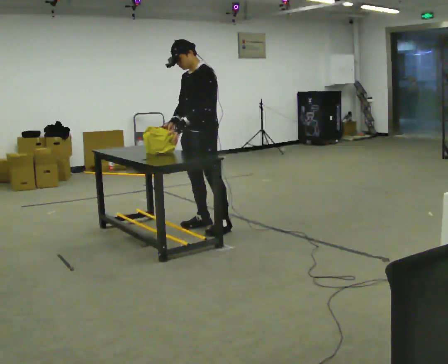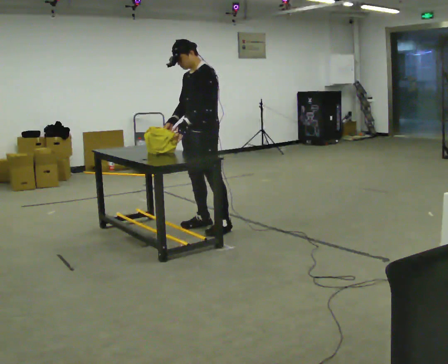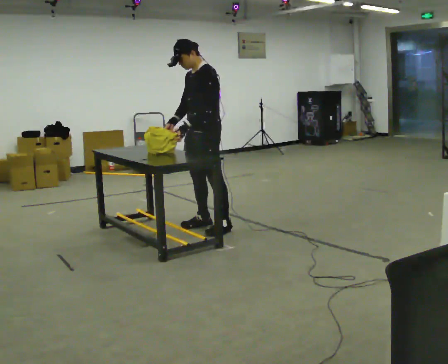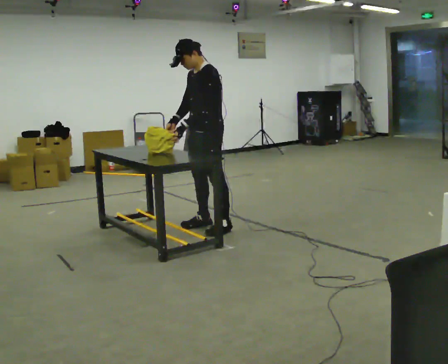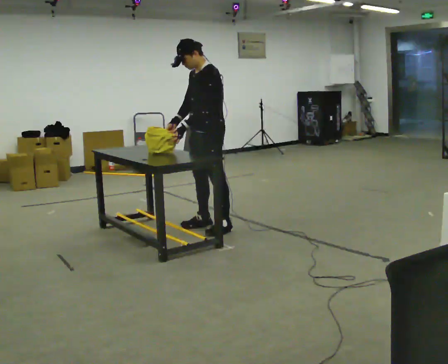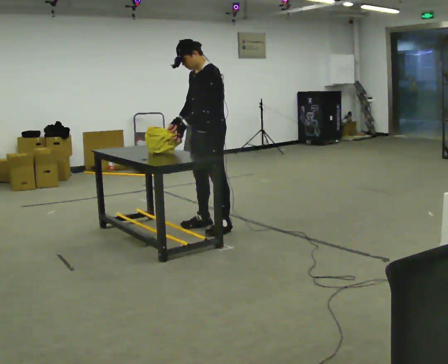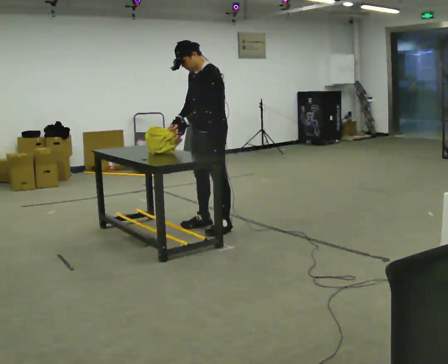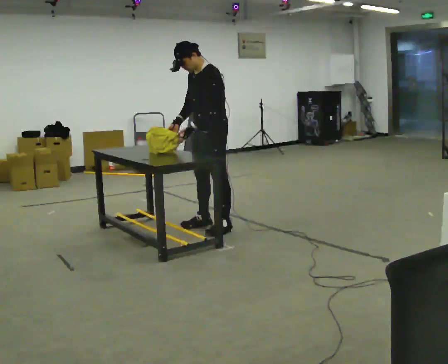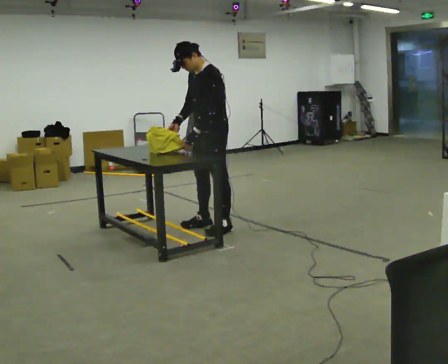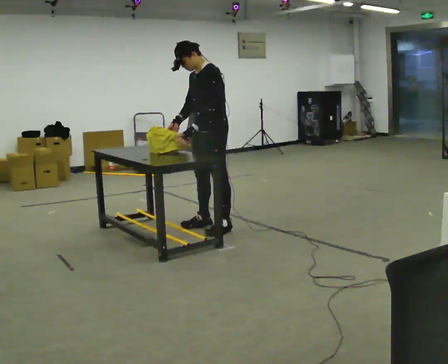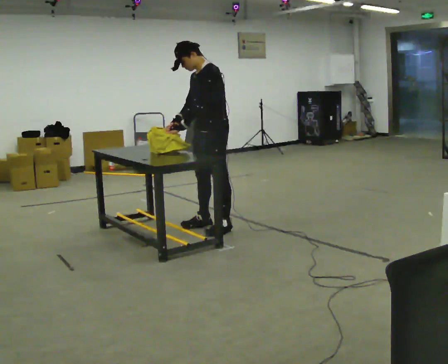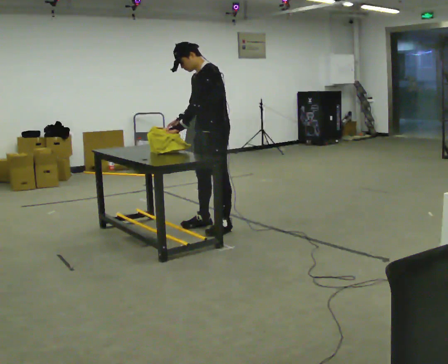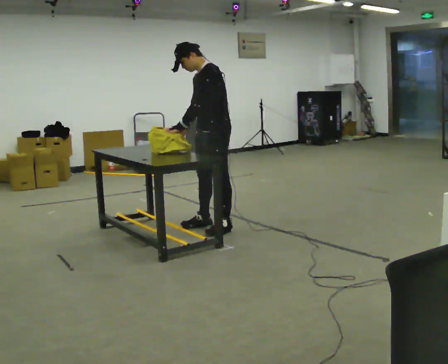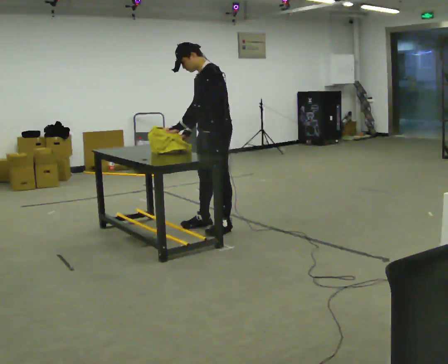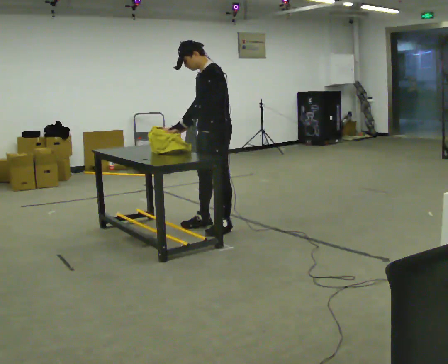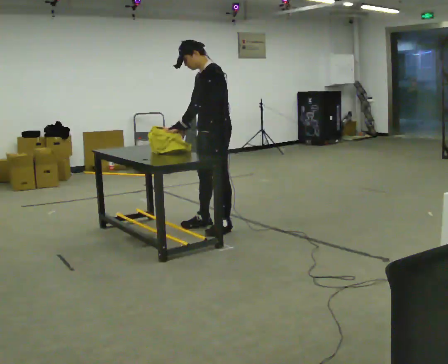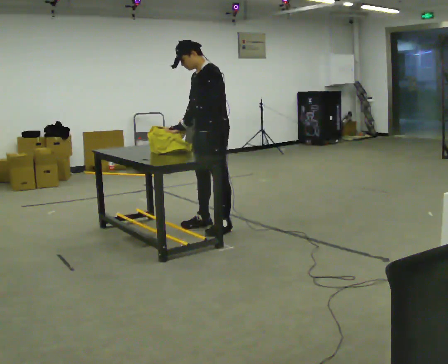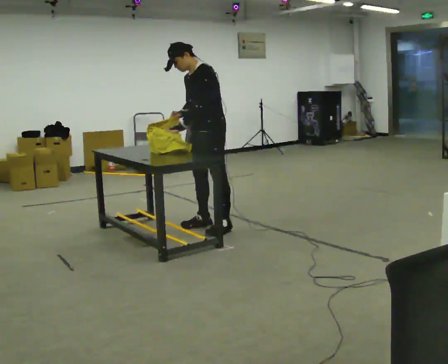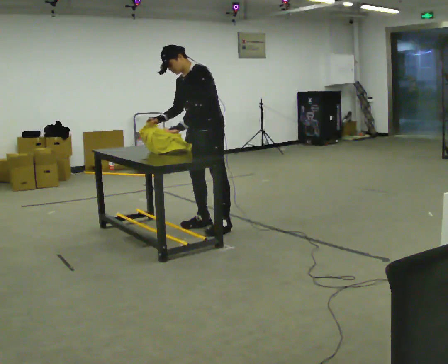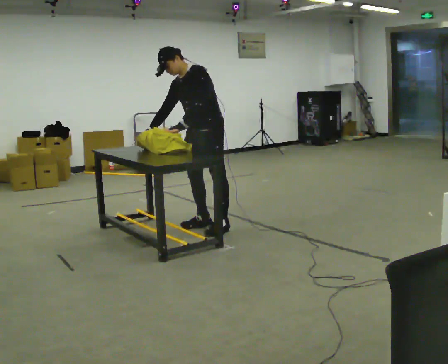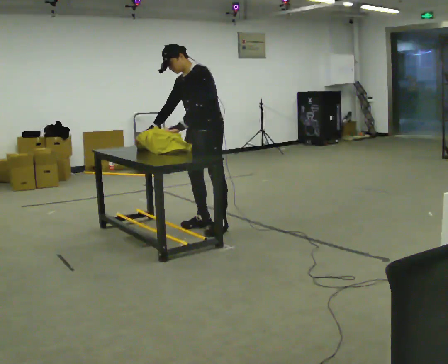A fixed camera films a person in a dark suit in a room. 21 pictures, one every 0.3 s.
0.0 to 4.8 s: The person moves a little, or ends about where they began.
4.8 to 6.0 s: In the picture their right hand goes to the left.
The film runs backward here.
